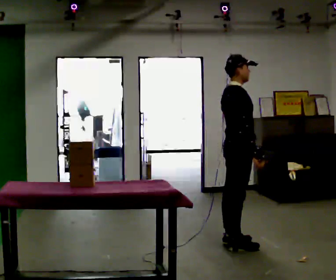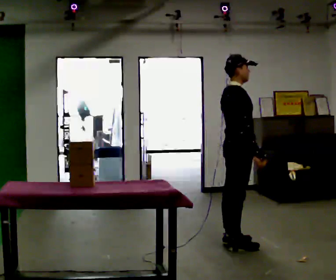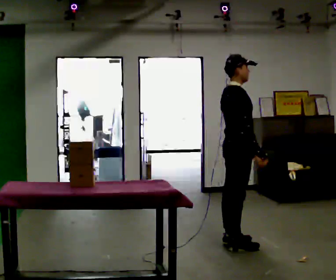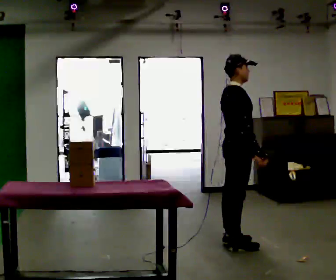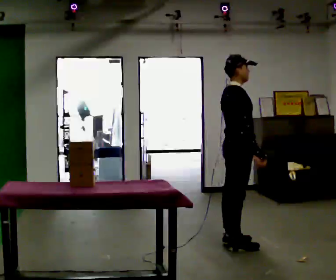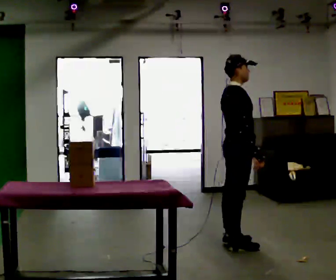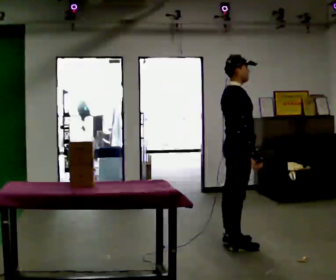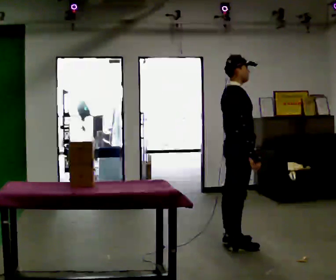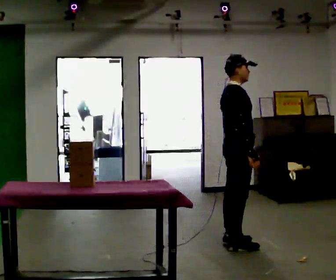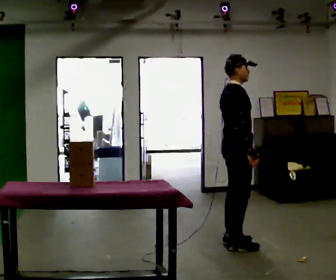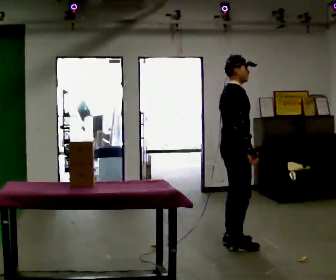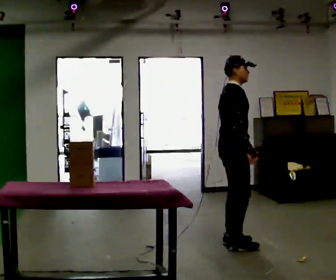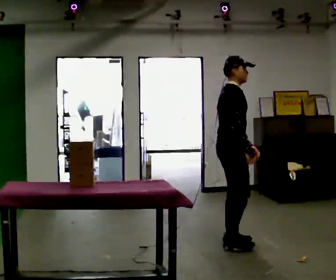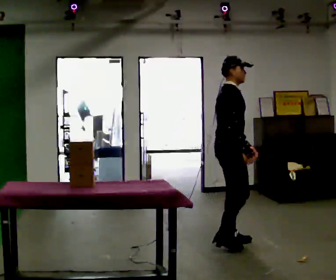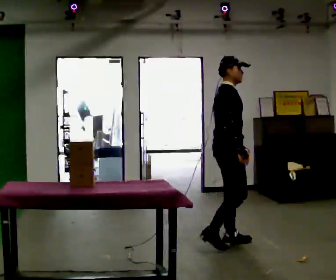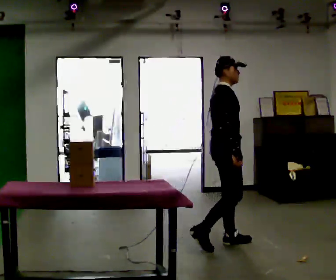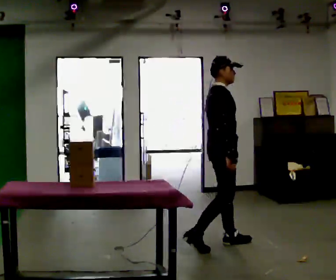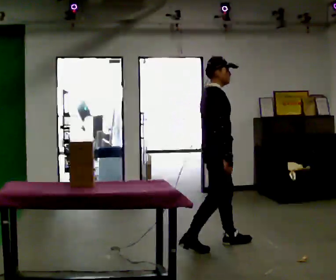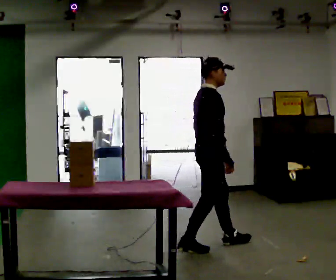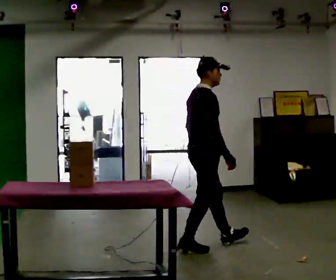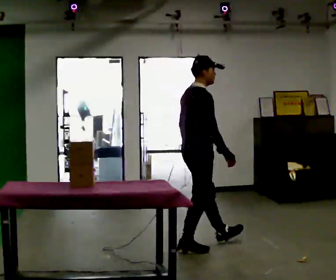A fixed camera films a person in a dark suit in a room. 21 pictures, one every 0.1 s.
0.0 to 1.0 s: The person moves a little, or ends about where they began.
1.0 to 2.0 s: In the picture they go to the left and toward the camera, about 0.25 m in 2 steps, which for them is backward and to their right.
The film runs backward here.
